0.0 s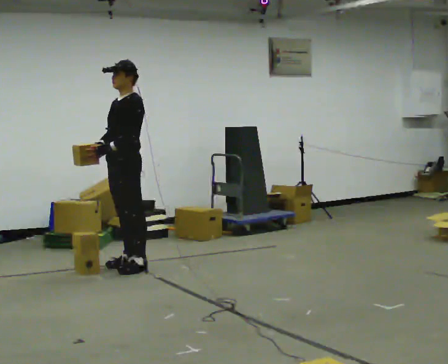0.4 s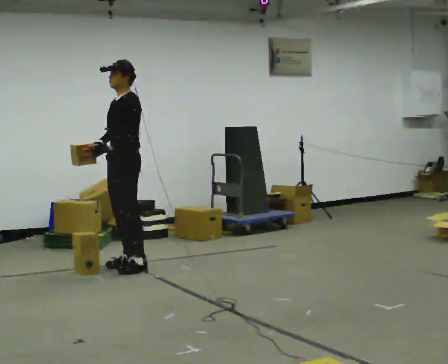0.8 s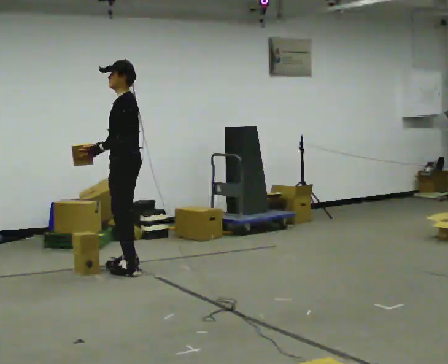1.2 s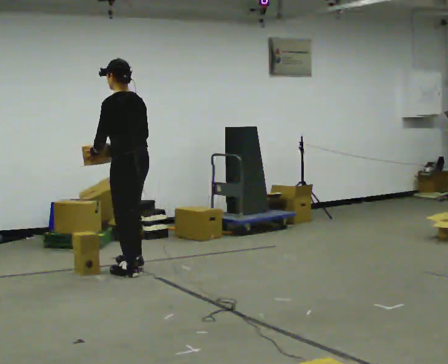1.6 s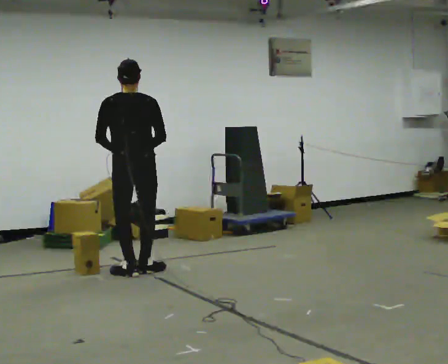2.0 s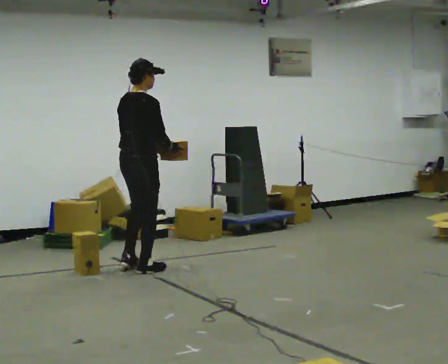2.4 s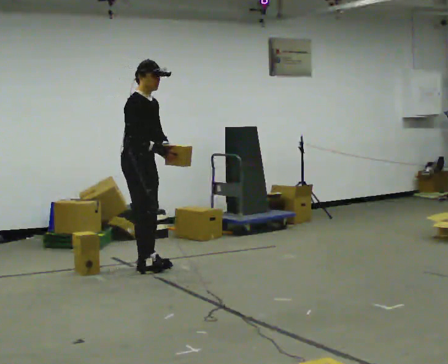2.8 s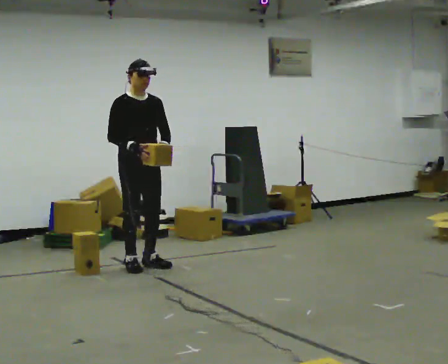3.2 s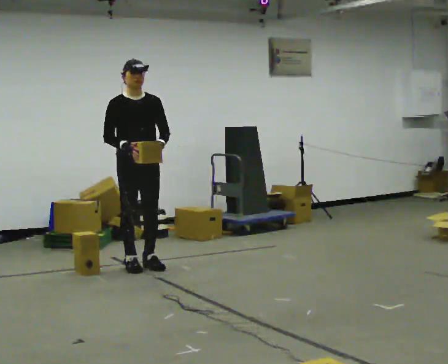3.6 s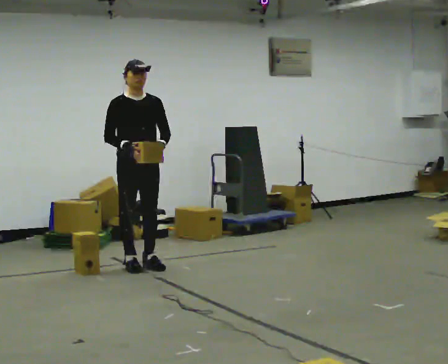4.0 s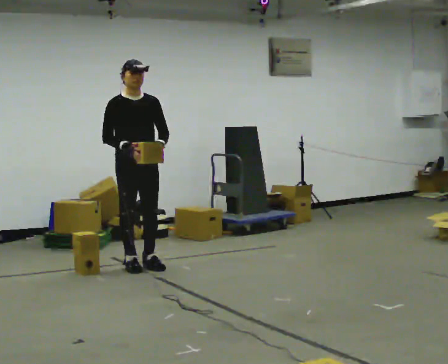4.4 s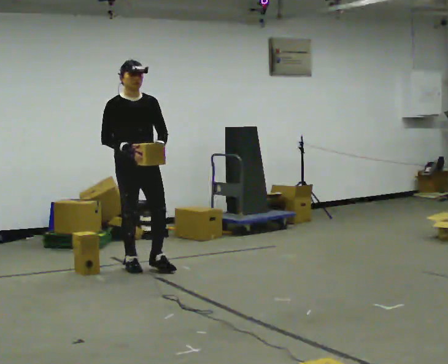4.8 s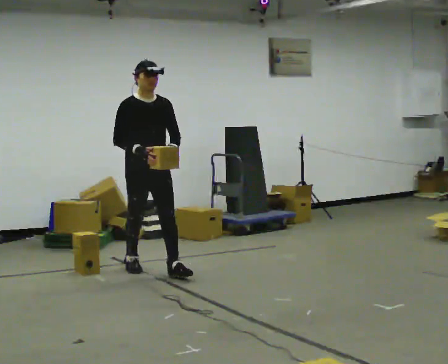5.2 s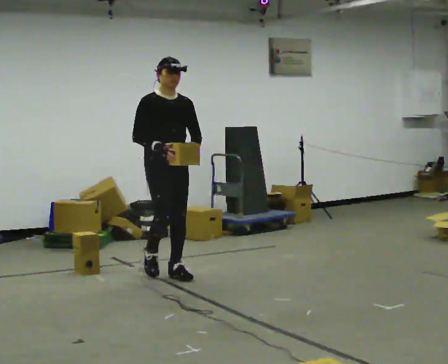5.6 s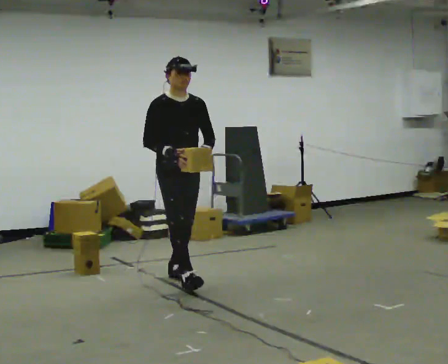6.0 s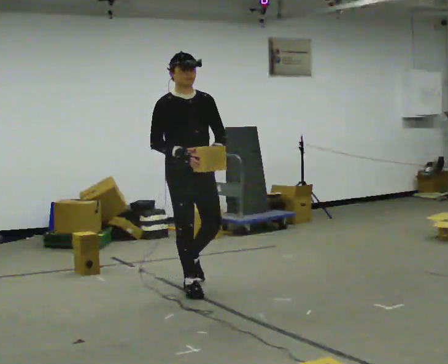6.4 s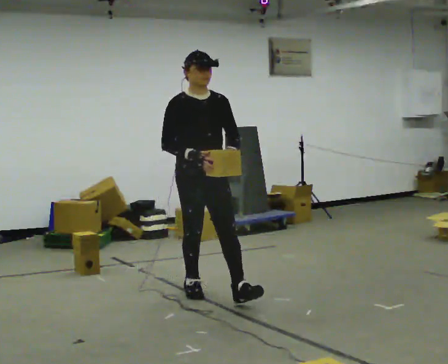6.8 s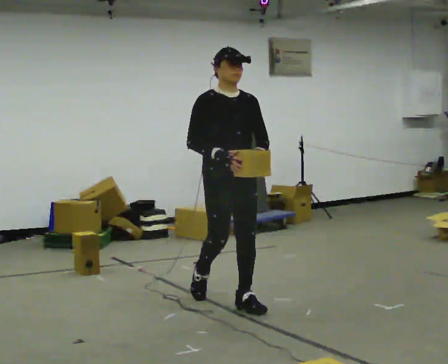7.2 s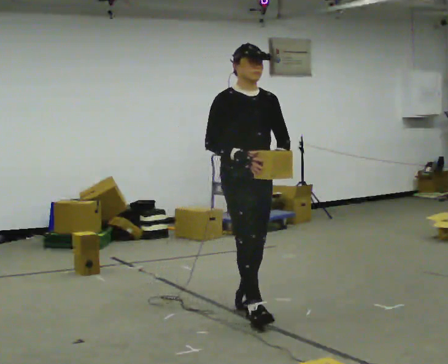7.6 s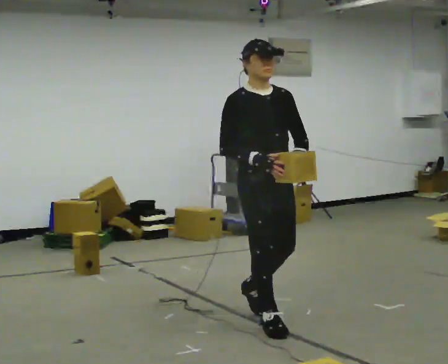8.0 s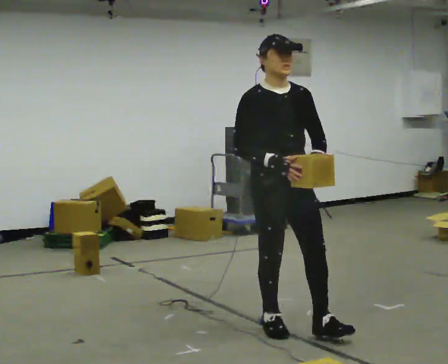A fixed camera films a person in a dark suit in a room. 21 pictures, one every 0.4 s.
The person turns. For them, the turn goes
to their right.
The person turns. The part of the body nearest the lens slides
to the left.
0.0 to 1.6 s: The person turns about 120 degrees to their right, clockwise seen from above, so the part of the body nearest the lens slides to the left. In the picture they go toward the camera, about 0.25 m in 2 steps.
1.6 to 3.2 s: The part of the body nearest the lens slides to the left as the person turns to their right by about 165 degrees. In the picture they go away from the camera, about 0.25 m in 2 steps. In the picture their left hand goes to the right, the arm swinging counterclockwise.
3.2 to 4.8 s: In the picture they go toward the camera, about 0.25 m in 1 step, which for them is forward.
4.8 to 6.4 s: In the picture they go toward the camera and to the right, about 1 m in 1 step, which for them is forward.
6.4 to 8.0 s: In the picture they go toward the camera and to the right, about 1 m in 2 steps, which for them is forward.
The film runs forward here.
